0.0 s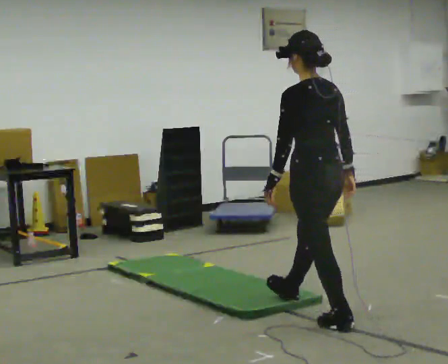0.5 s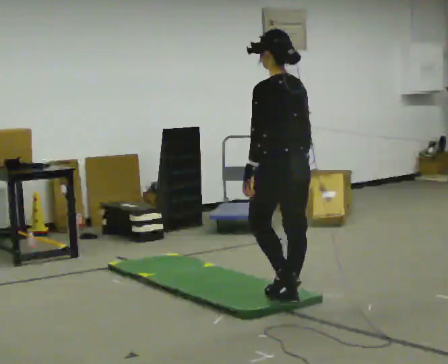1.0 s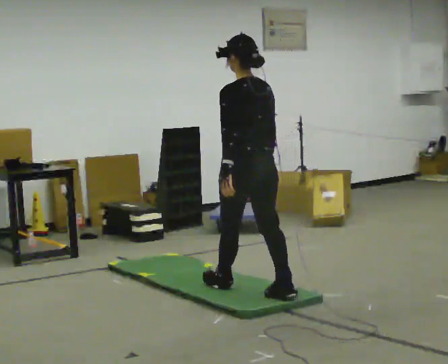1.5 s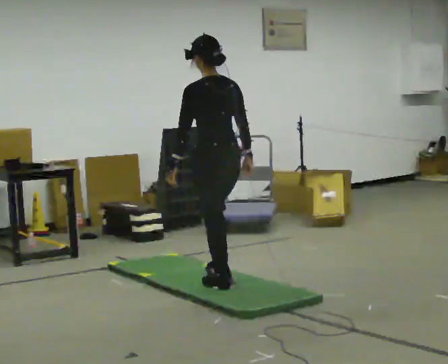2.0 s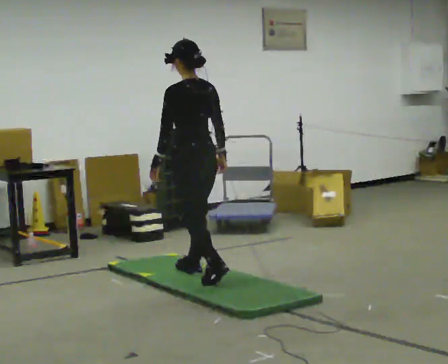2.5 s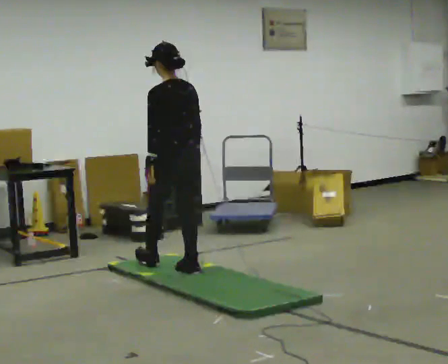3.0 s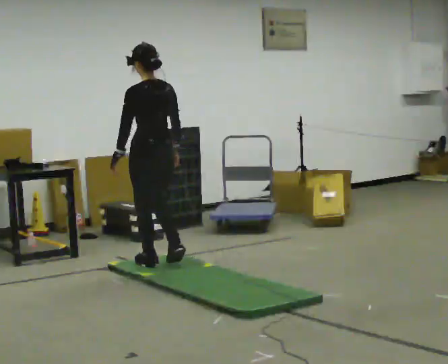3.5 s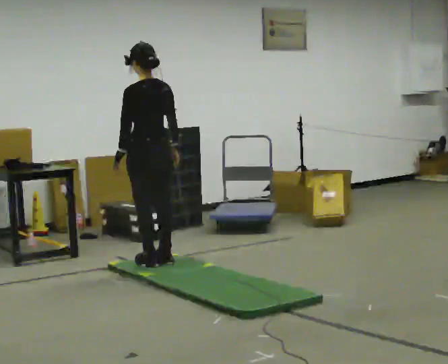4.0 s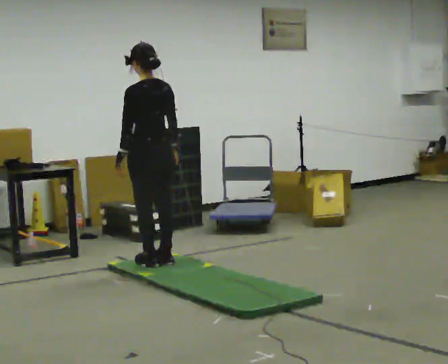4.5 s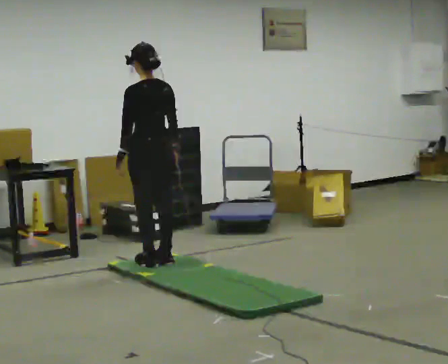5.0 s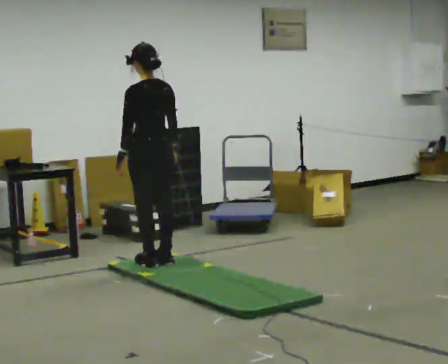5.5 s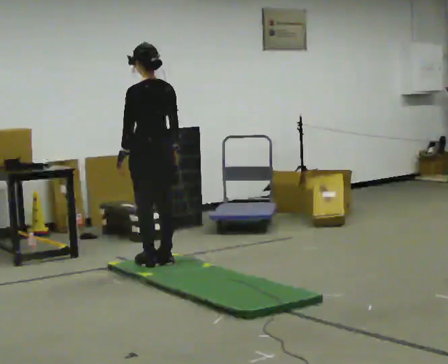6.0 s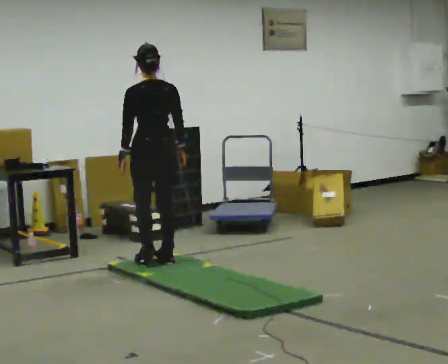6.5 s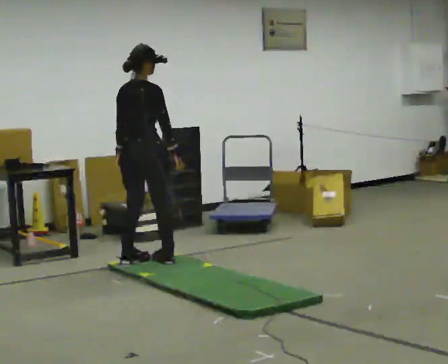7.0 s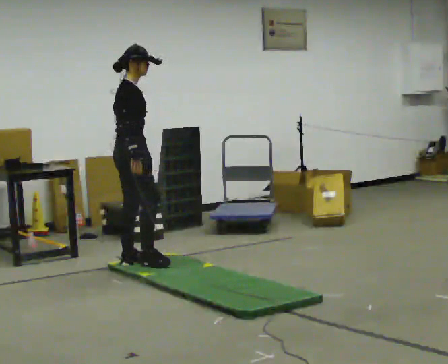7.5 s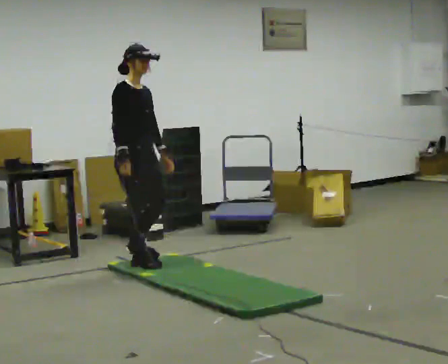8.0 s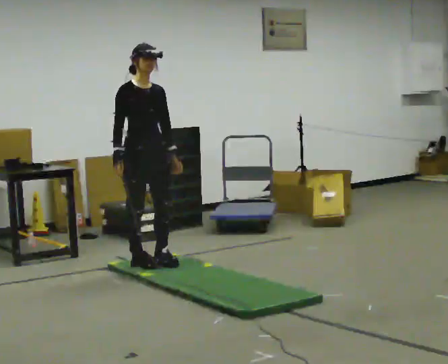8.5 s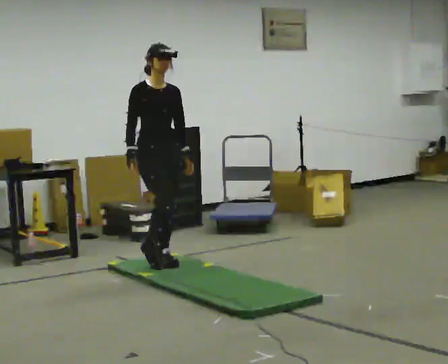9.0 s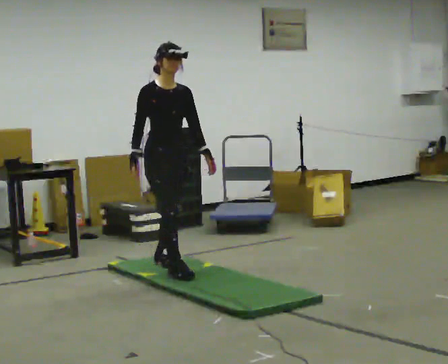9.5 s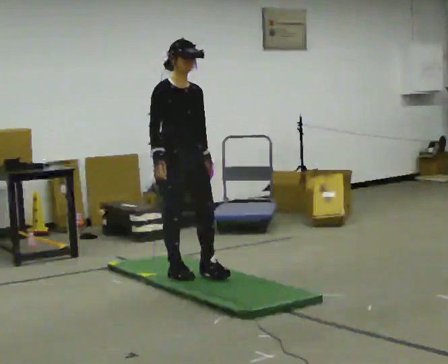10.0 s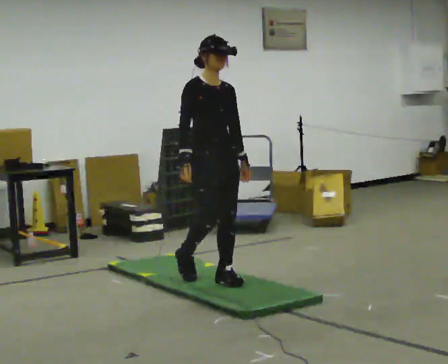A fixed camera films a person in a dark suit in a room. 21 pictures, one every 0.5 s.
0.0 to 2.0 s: In the picture they go away from the camera and to the left, about 1.5 m in 2 steps, which for them is forward.
2.0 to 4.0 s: In the picture they go away from the camera and to the left, about 0.5 m in 2 steps, which for them is forward.
4.0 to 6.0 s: Seen from above the body turns clockwise, about 30 degrees: to their right, with its near side sliding to the left.
6.0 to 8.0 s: The person turns about 150 degrees to their right, clockwise seen from above, so the part of the body nearest the lens slides to the left. In the picture their right hand goes to the left, the arm swinging clockwise.
8.0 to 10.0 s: In the picture they go toward the camera and to the right, about 1 m in 2 steps, which for them is forward.
The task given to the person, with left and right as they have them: Walk across the mats at a normal pace. They may not all feel the same underfoot. Carry on afterwards.
The film runs forward here.
